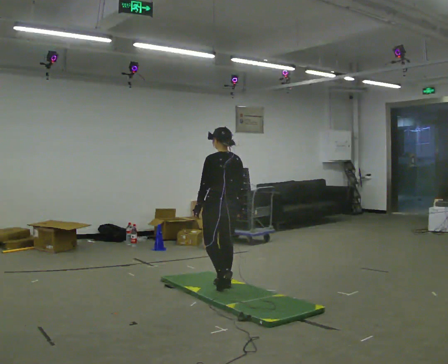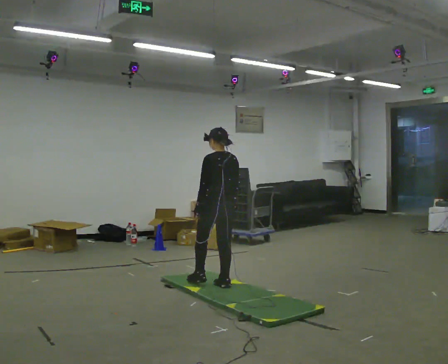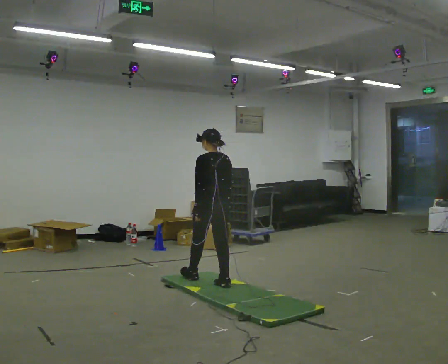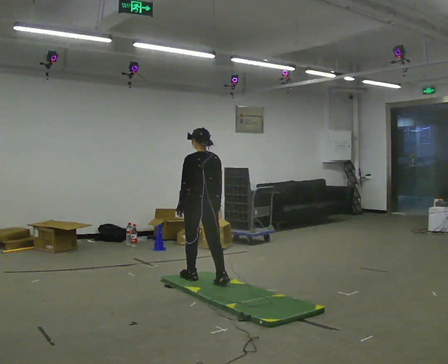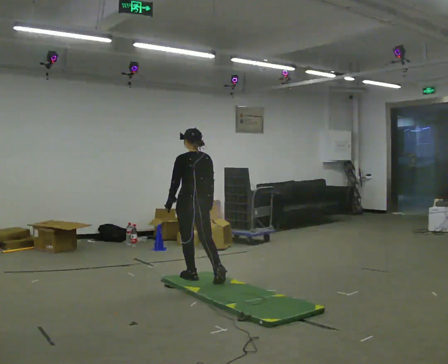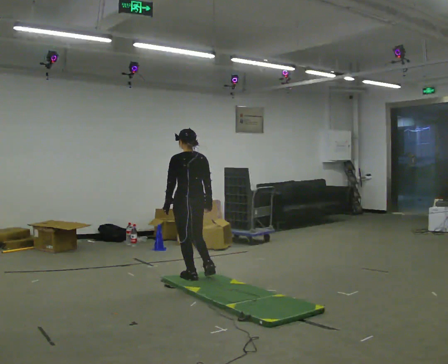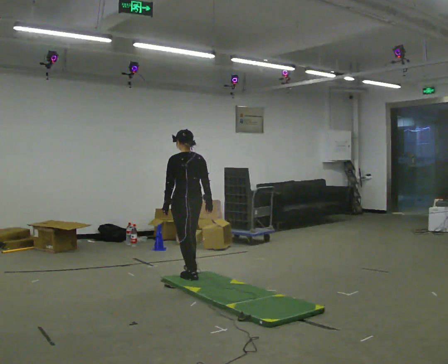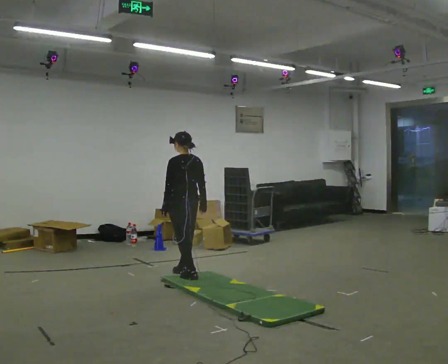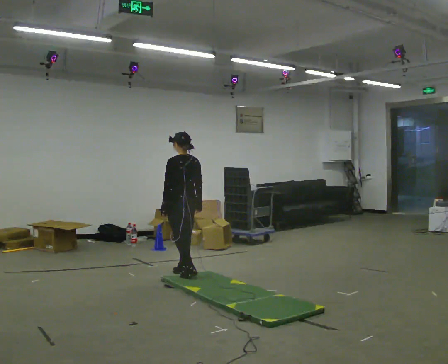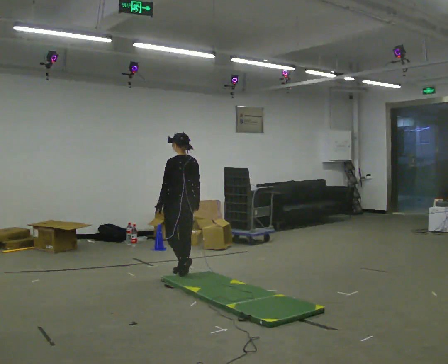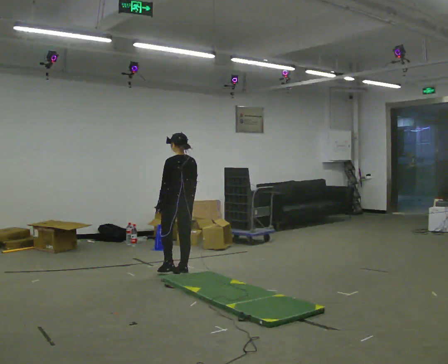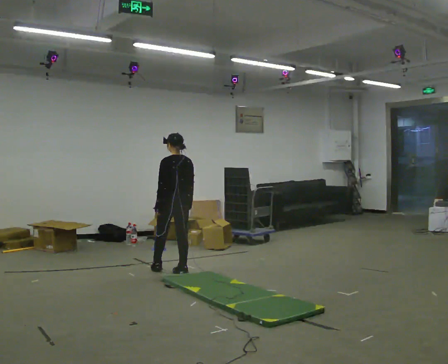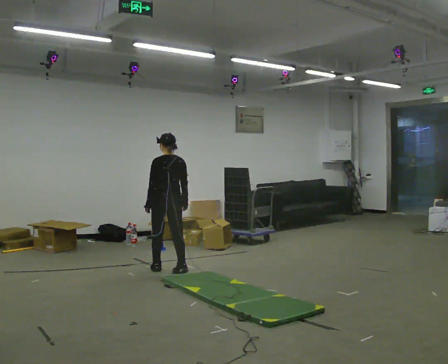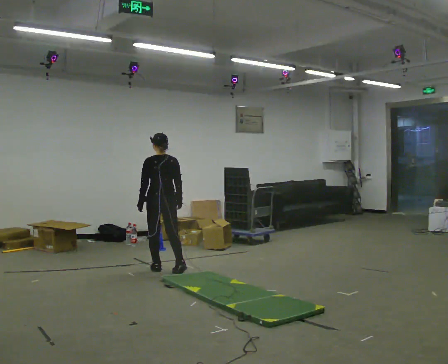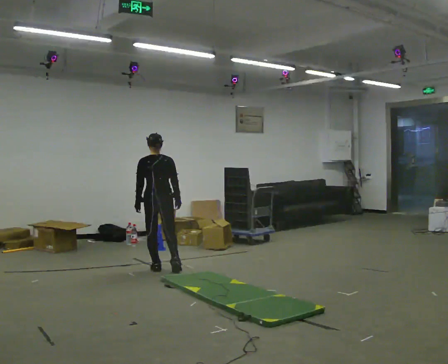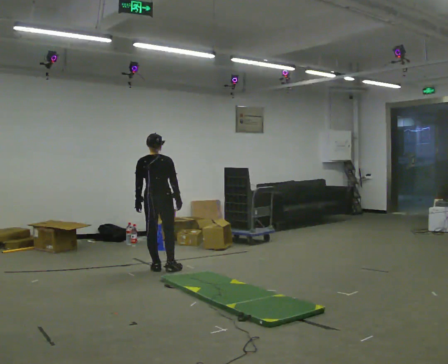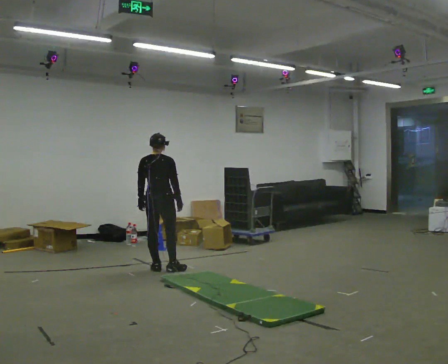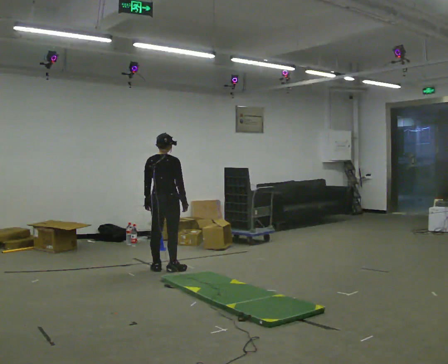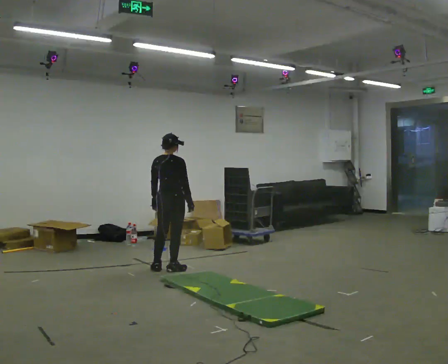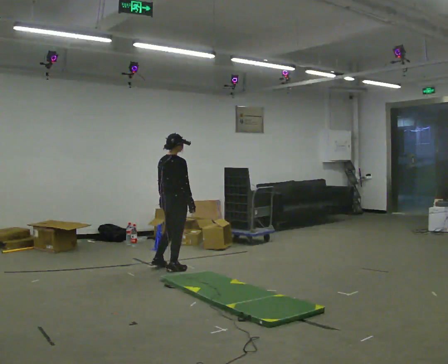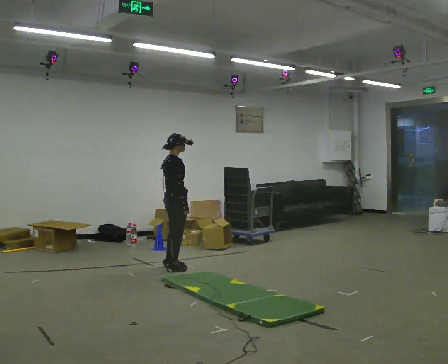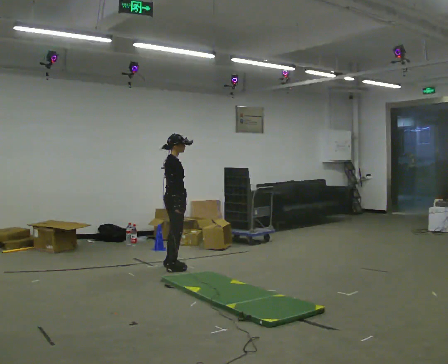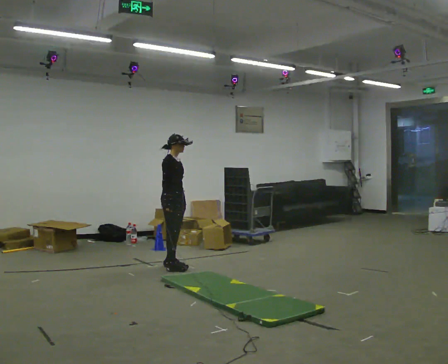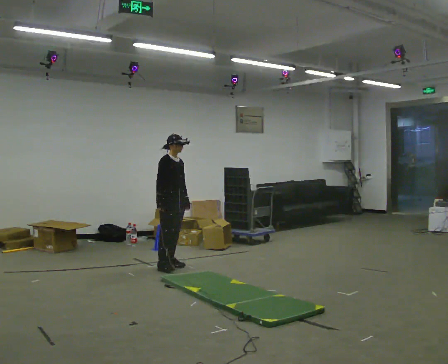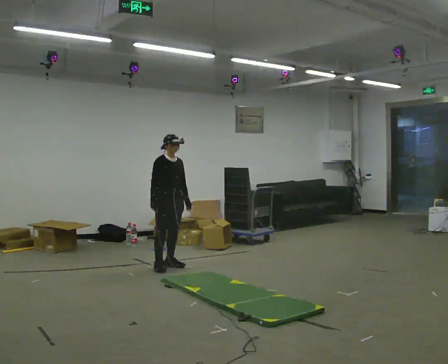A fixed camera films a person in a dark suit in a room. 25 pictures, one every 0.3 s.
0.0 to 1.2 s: In the picture they go away from the camera and to the left, about 0.5 m in 1 step, which for them is forward.
1.2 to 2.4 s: In the picture they go away from the camera, about 0.25 m in 1 step, which for them is forward.
2.4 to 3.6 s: In the picture they go away from the camera and to the left, about 0.25 m in 1 step, which for them is forward.
3.6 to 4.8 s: The part of the body nearest the lens slides to the left as the person turns to their right by about 45 degrees.
4.8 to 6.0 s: The person turns about 60 degrees to their right, clockwise seen from above, so the part of the body nearest the lens slides to the left. In the picture they go to the right, about 0.25 m in 1 step, which for them is forward.
6.0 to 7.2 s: The part of the body nearest the lens slides to the left as the person turns to their right by about 75 degrees. In the picture their right hand goes to the left.
The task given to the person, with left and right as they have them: Walk across the soft uneven mat at a comfortable speed; continue walking normally after you leave it.
The film runs forward here.
